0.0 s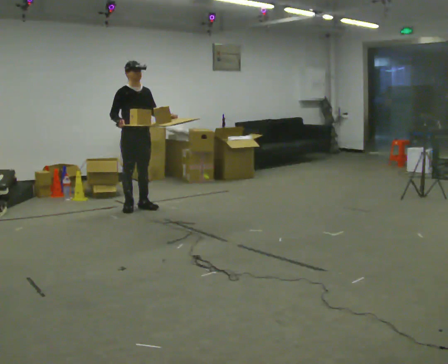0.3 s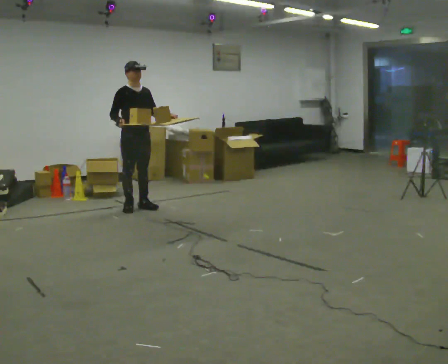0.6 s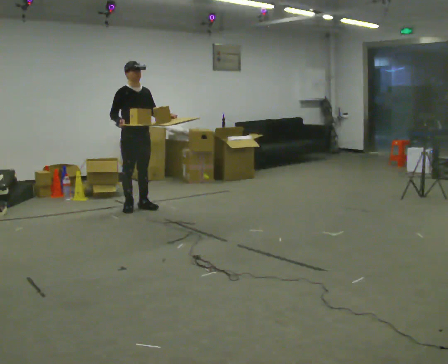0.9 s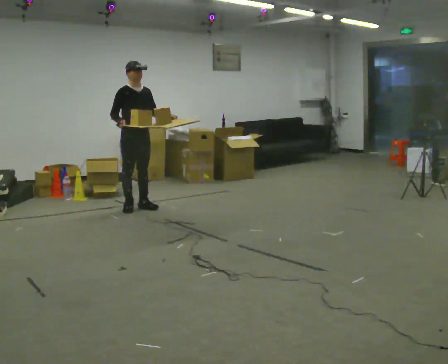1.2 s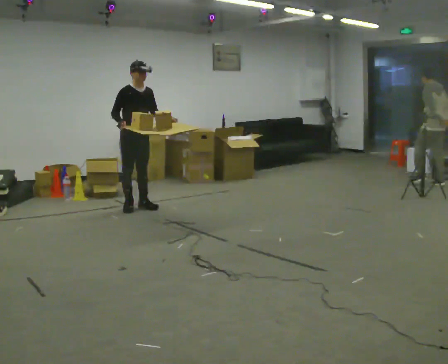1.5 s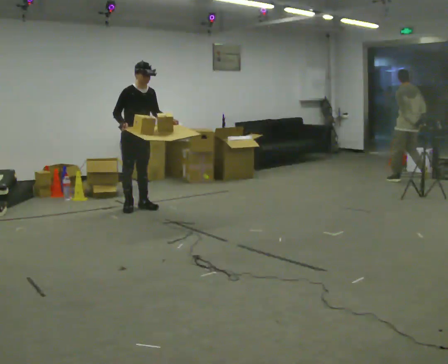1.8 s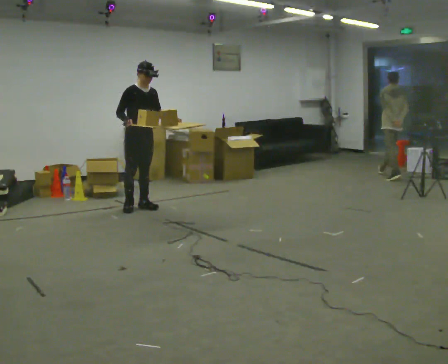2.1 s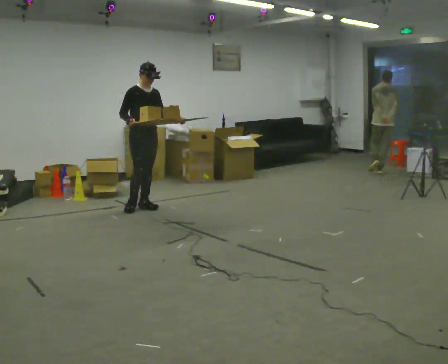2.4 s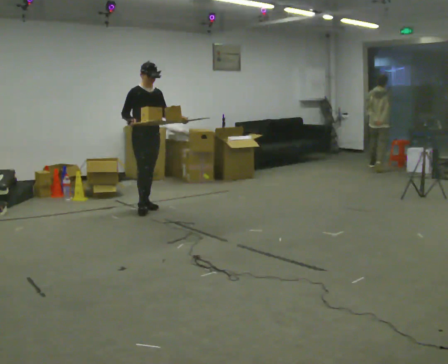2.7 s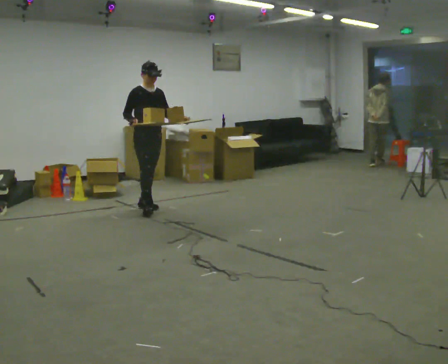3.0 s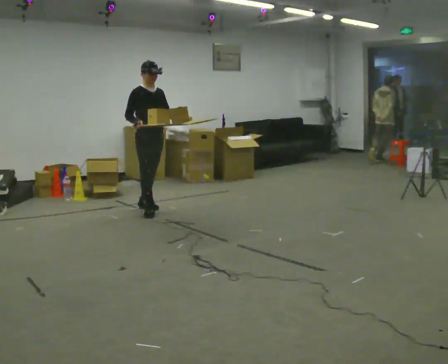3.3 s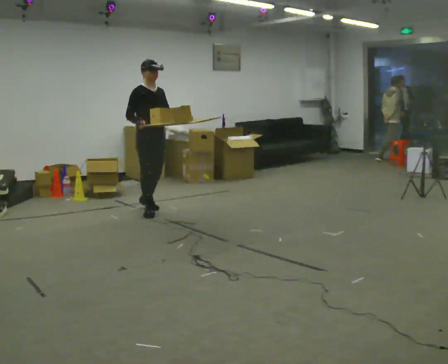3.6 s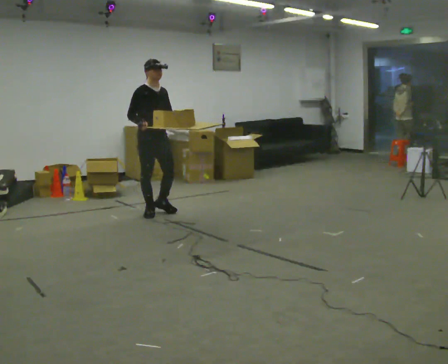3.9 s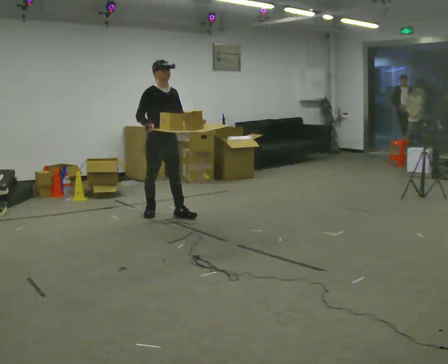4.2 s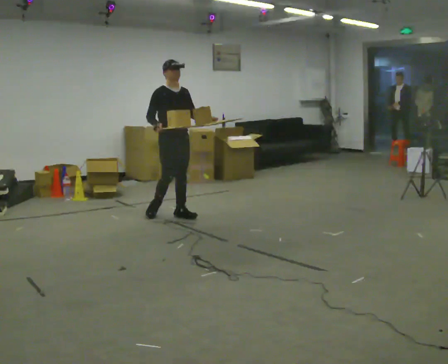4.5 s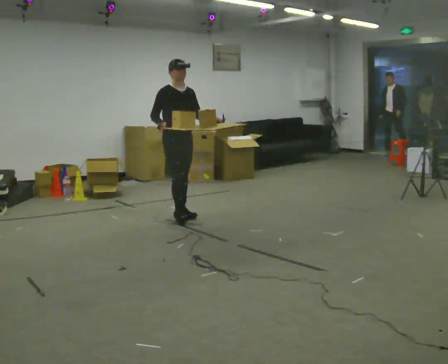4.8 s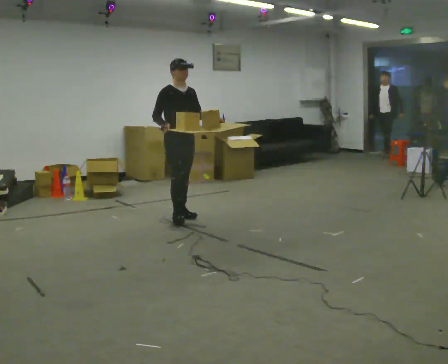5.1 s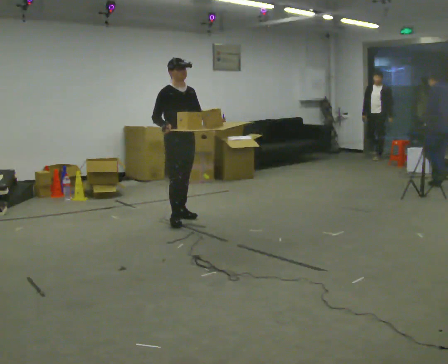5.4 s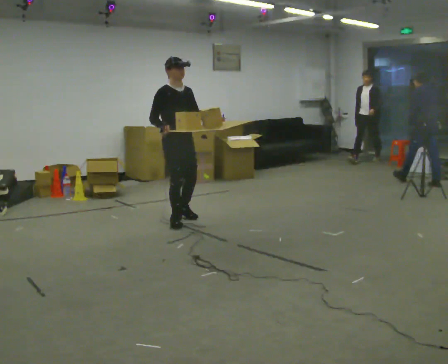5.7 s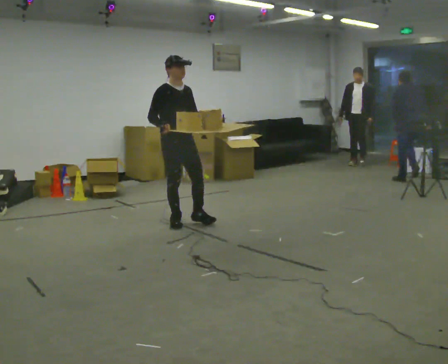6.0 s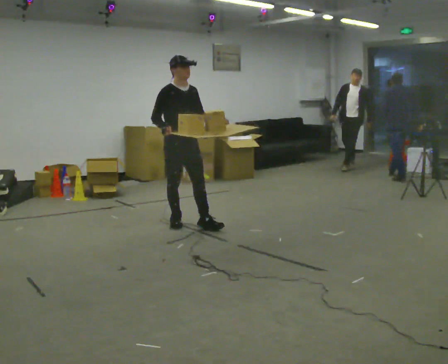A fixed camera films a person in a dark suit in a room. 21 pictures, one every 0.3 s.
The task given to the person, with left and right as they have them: Carry the loaded tray flat and level in both hands, walking back and forth across the room. Try not to let anything slide off.
0.0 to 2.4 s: The person moves a little, or ends about where they began.
2.4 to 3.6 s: In the picture they go toward the camera, about 0.25 m in 1 step, which for them is forward and to their right.
3.6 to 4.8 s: In the picture they go to the right and toward the camera, about 0.25 m in 2 steps, which for them is forward and to their left.
4.8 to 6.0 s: In the picture they go toward the camera, about 0.25 m in 1 step, which for them is forward and to their right.
The film runs forward here.
